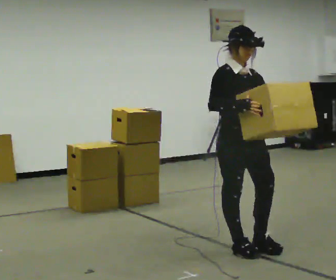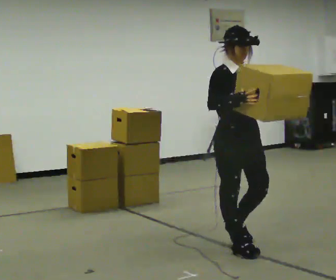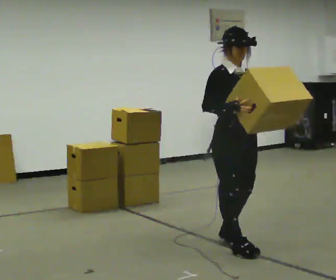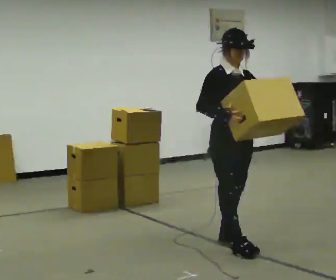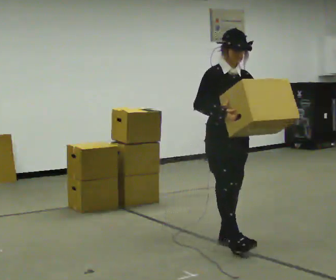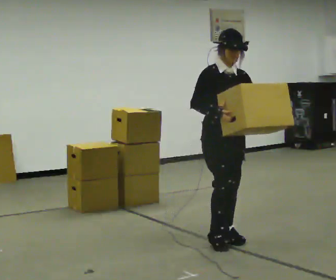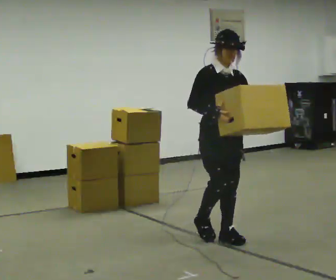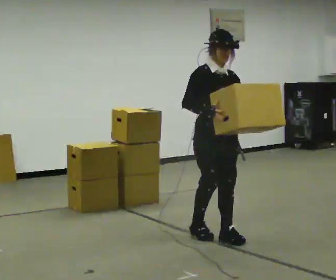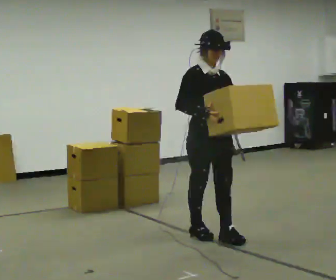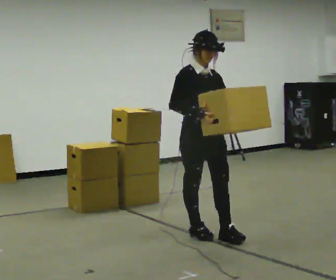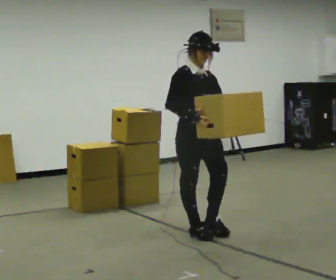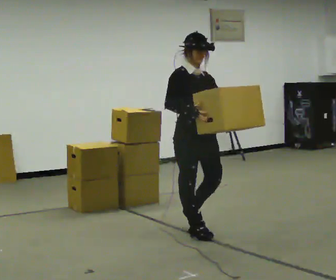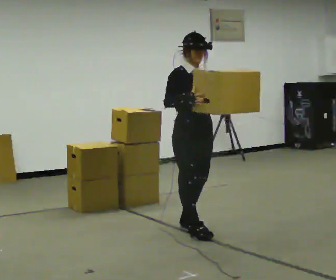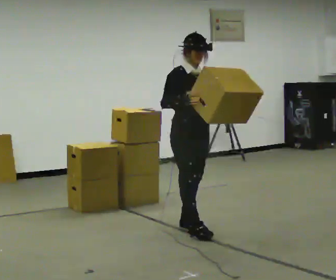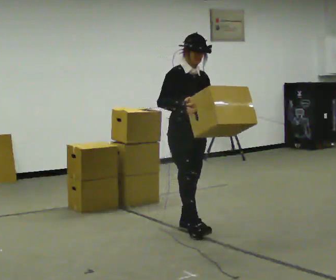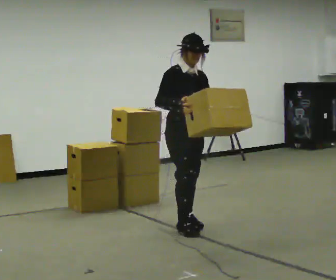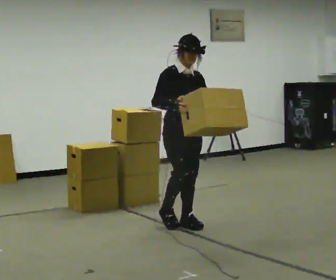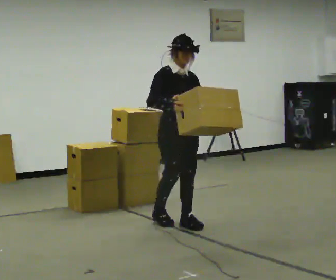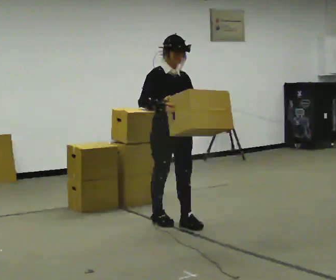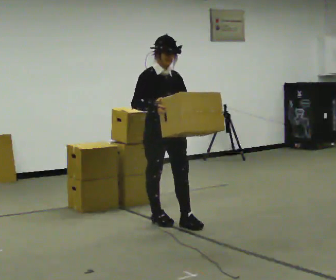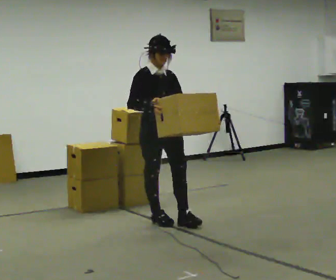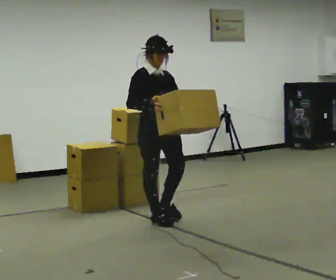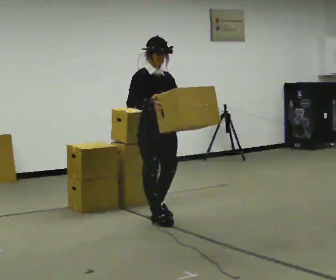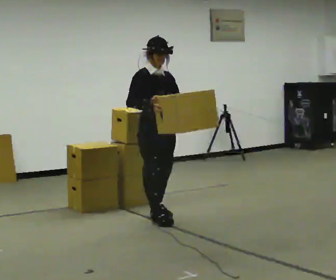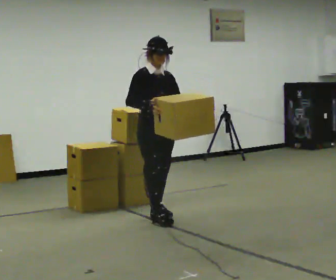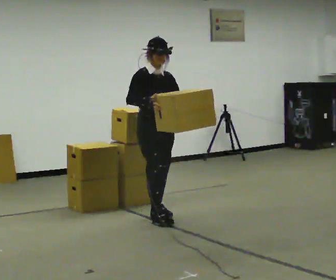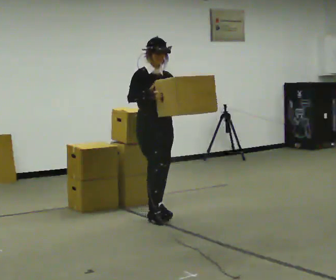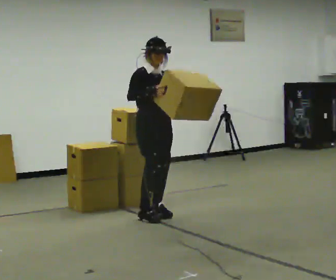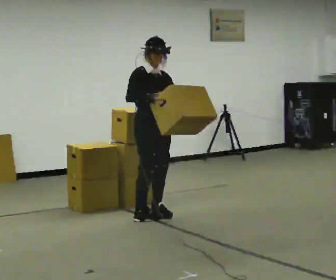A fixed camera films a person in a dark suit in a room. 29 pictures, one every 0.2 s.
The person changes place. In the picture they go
away from the camera.
0.0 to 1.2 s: In the picture they go away from the camera, about 0.25 m in 1 step, which for them is backward.
1.2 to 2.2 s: In the picture they go to the left and away from the camera, about 0.25 m in 1 step, which for them is backward.
2.2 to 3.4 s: In the picture they go away from the camera, about 0.25 m in 1 step, which for them is backward.
3.4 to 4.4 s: In the picture they go to the left, about 0.25 m in 1 step, which for them is backward.
4.4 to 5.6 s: In the picture they go away from the camera, about 0.25 m in 1 step, which for them is backward.
The film runs backward here.
